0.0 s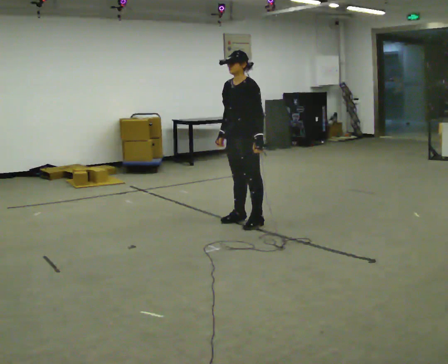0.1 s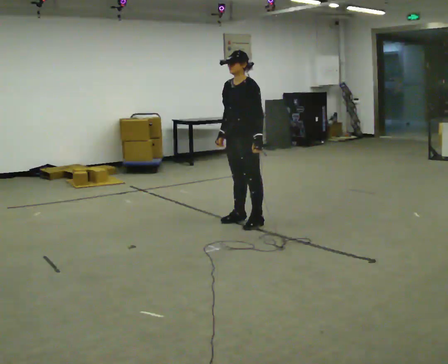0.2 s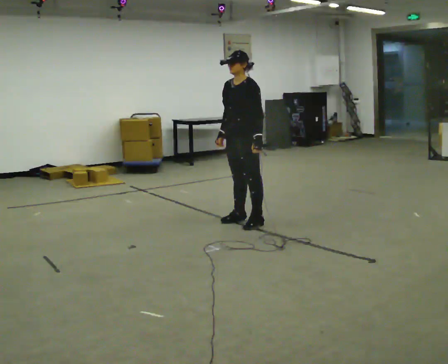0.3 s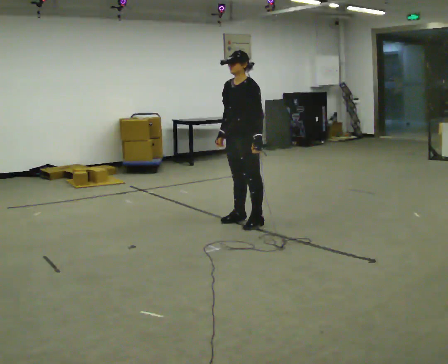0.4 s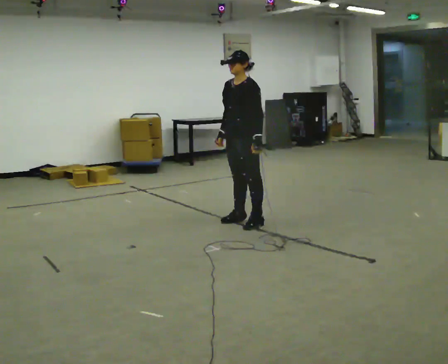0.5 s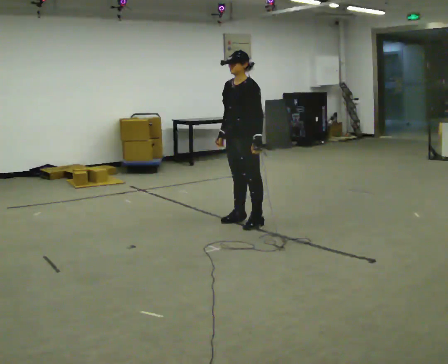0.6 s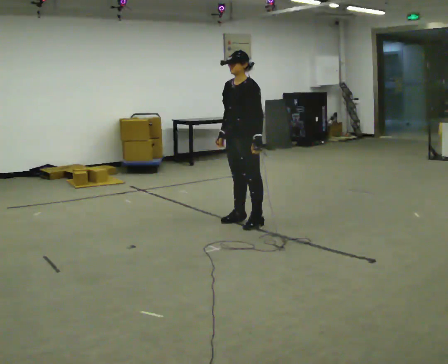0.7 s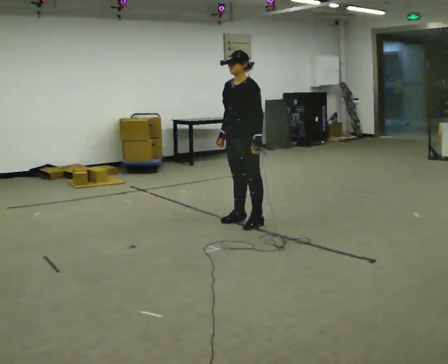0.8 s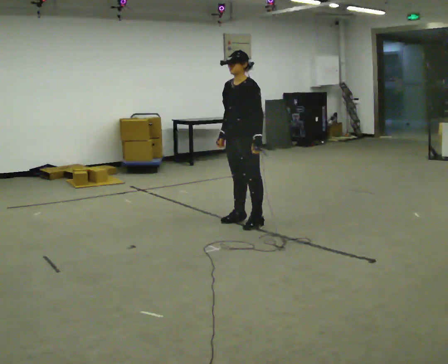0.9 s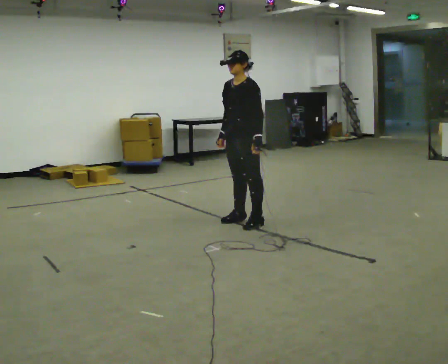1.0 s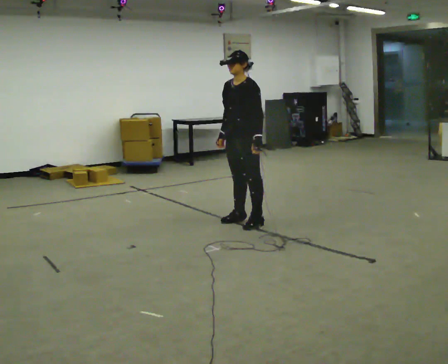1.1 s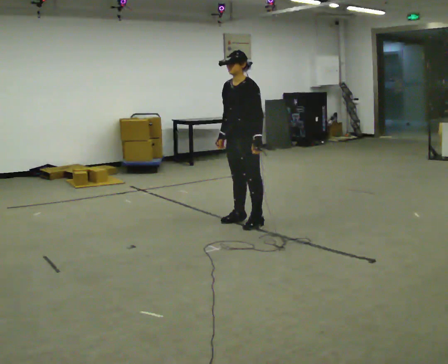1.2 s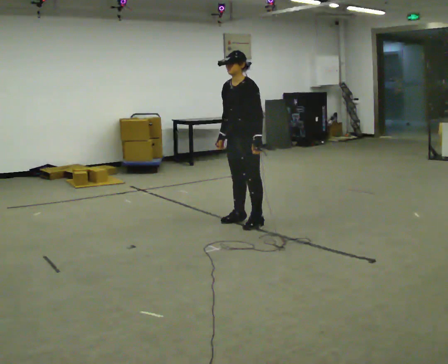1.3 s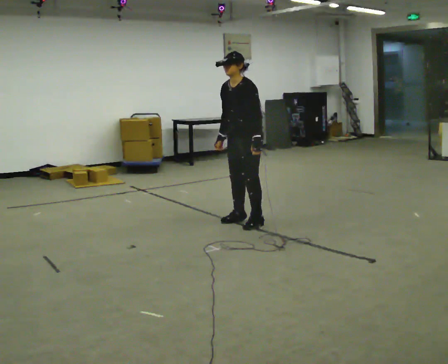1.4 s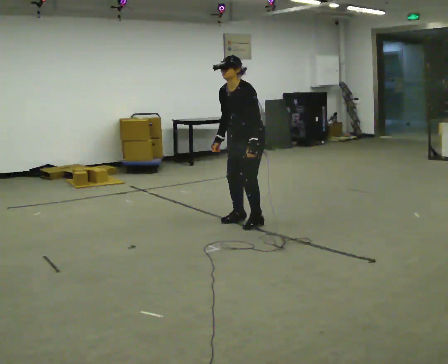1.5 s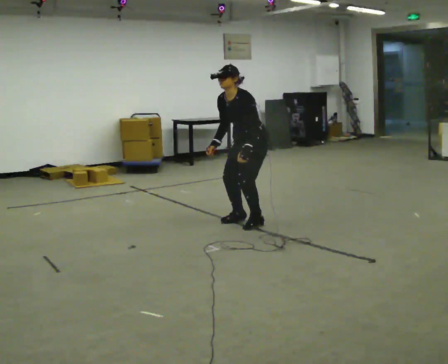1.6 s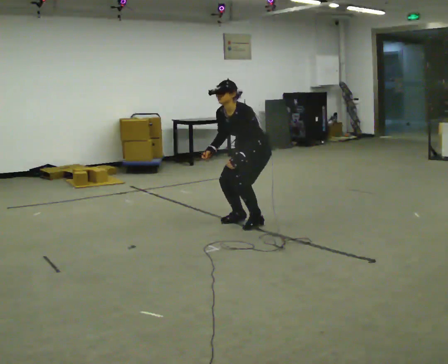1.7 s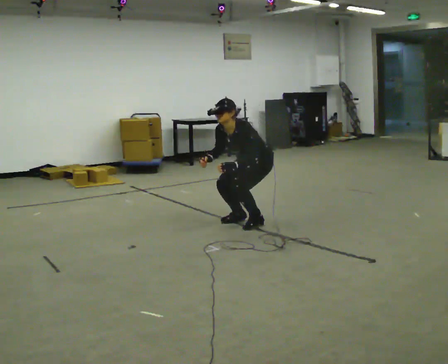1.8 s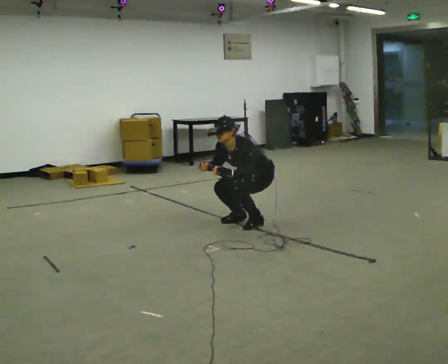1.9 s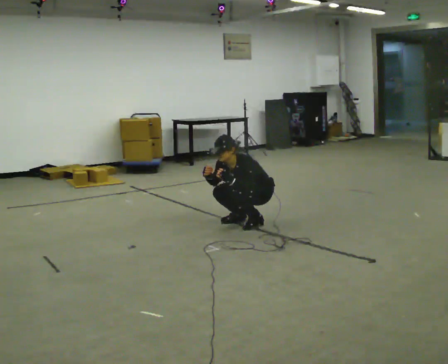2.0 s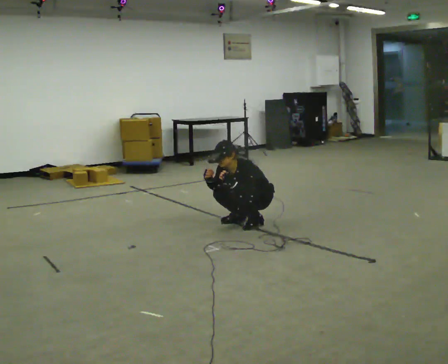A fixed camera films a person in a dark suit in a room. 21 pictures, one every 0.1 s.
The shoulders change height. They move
downward.
Their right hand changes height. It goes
downward.
0.0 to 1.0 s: The person keeps their place and pose.
1.0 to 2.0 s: In the picture they go to the right and away from the camera, about 0.25 m, which for them is backward. The upper body goes downward. In the picture the upper body tilts counterclockwise, shoulders to the left, as they bend forward. In the picture their left hand goes downward.
The film runs forward here.
